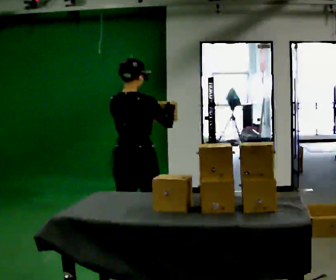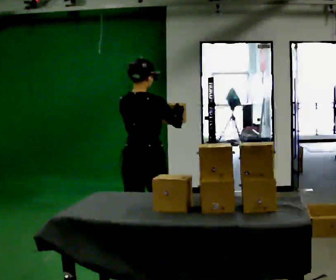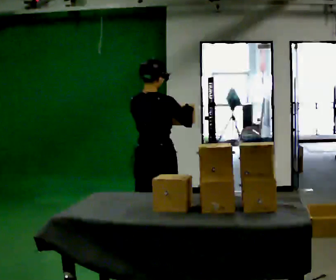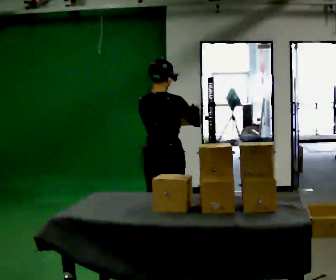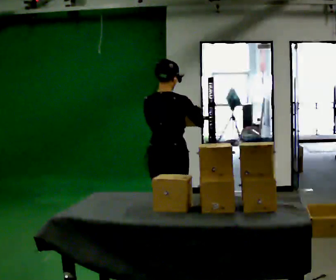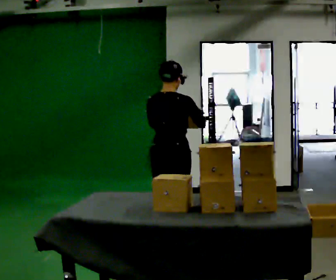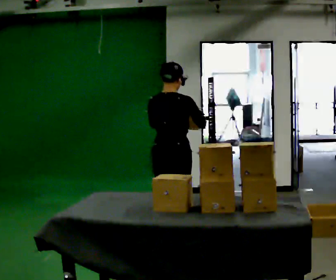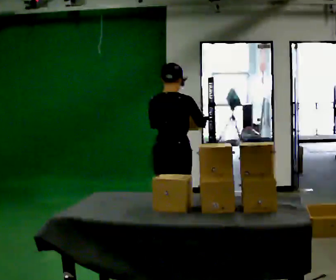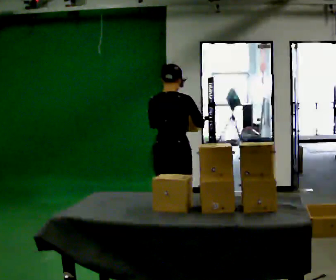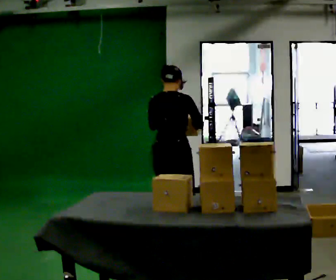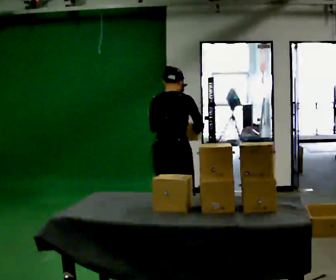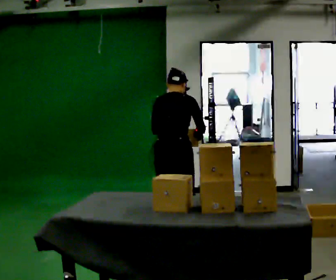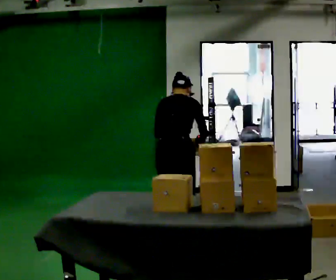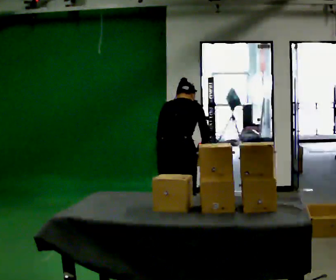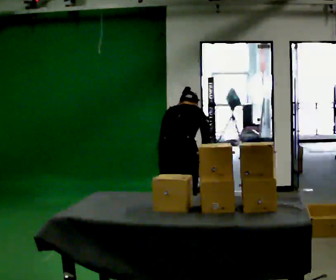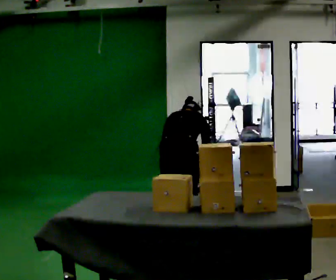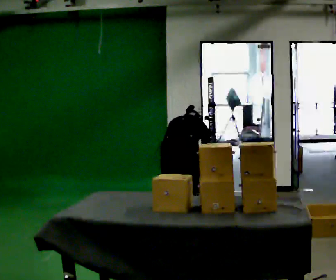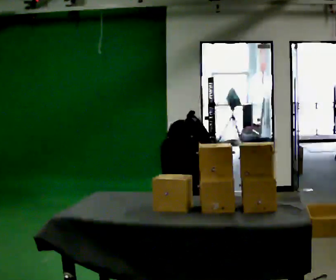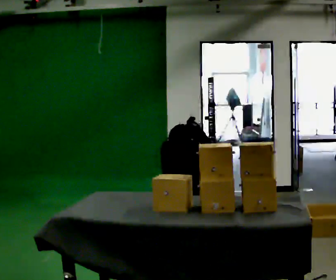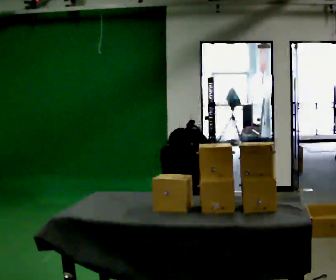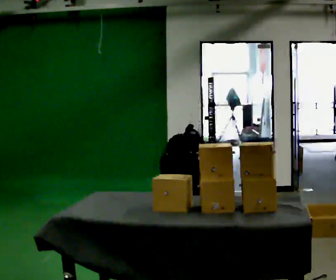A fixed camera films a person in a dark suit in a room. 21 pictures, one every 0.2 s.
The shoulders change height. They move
downward.
Their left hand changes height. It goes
downward.
0.0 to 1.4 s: In the picture they go to the right and away from the camera, about 0.5 m in 2 steps, which for them is forward.
1.4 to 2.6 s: The upper body tips away from the camera, its near side rolling upward, as they bend forward.
2.6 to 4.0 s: The upper body goes downward. The upper body tips away from the camera, its near side rolling upward, as they bend forward. In the picture their left hand goes downward.
The film runs forward here.
